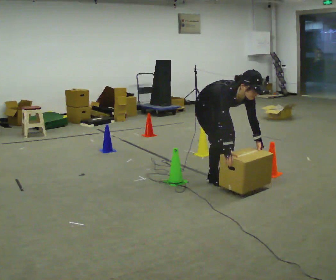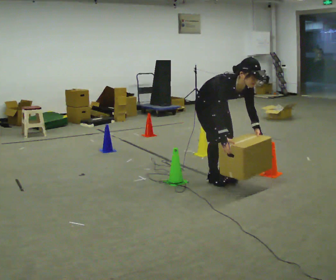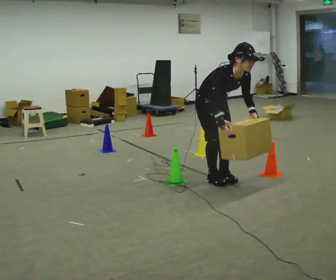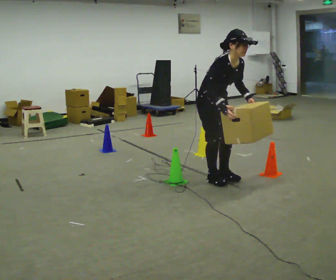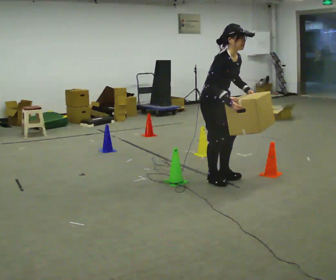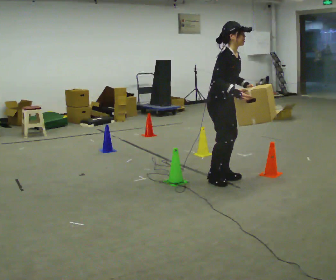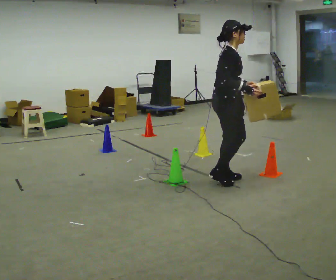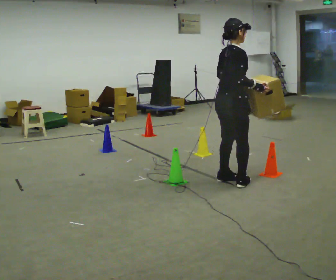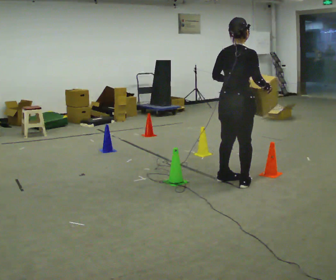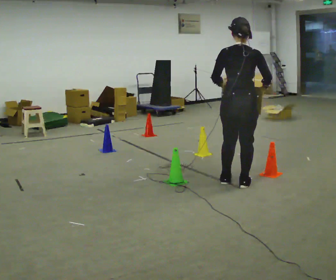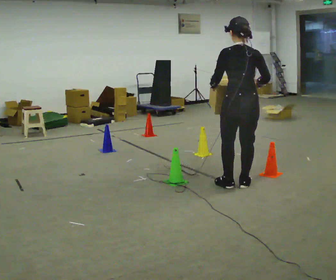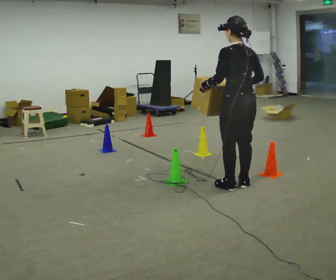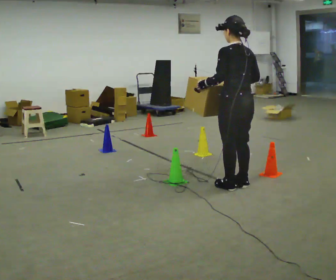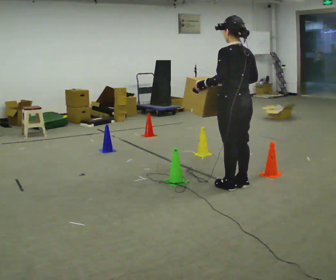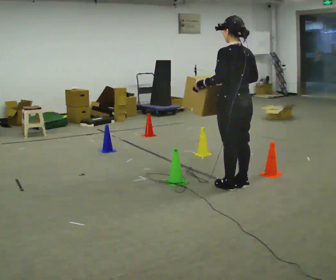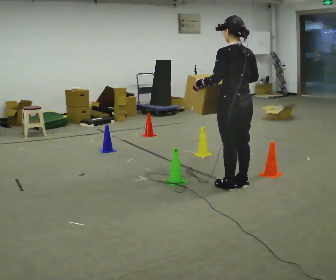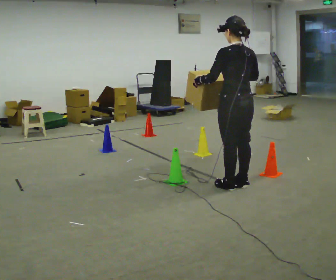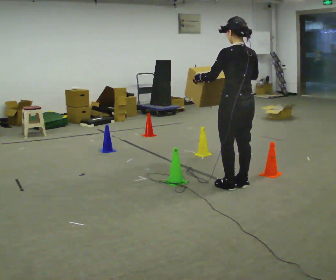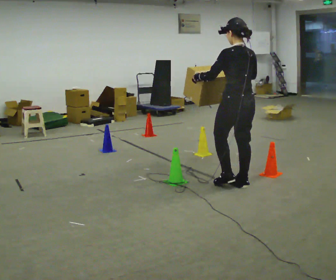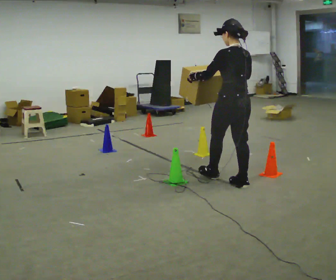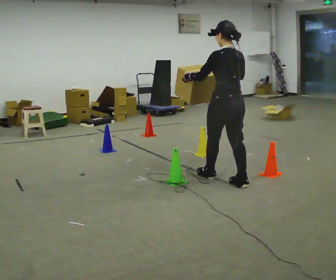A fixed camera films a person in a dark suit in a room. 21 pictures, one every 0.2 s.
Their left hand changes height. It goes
upward.
Their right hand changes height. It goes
upward.
0.0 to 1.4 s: The person turns about 75 degrees to their left, counterclockwise seen from above, so the part of the body nearest the lens slides to the right. In the picture they go to the right, about 0.25 m. The shoulders move upward. The upper body tips away from the camera, its near side rolling upward, as they lean back or straighten. In the picture their right hand goes upward.
1.4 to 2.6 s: The person turns about 105 degrees to their left, counterclockwise seen from above, so the part of the body nearest the lens slides to the right. In the picture they go toward the camera, about 0.25 m in 2 steps. In the picture their left hand goes to the left.
2.6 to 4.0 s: In the picture they go away from the camera, about 0.25 m in 1 step, which for them is forward.
The film runs forward here.
